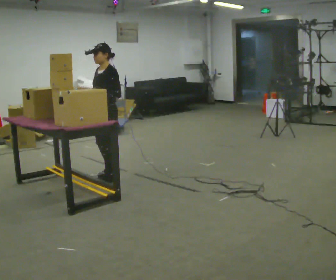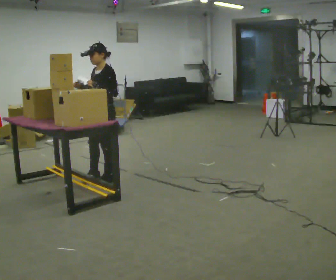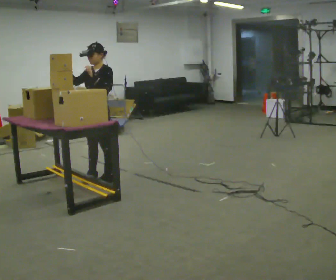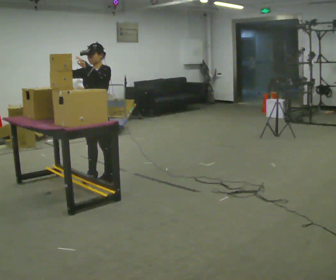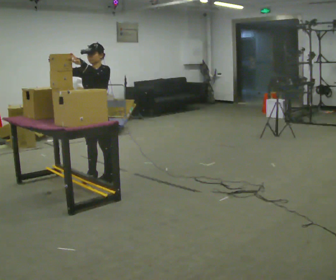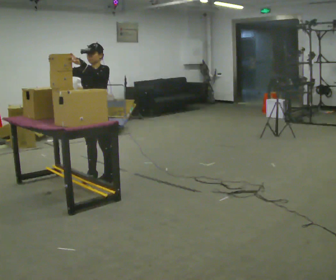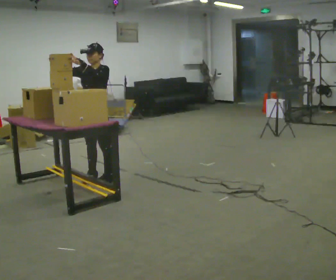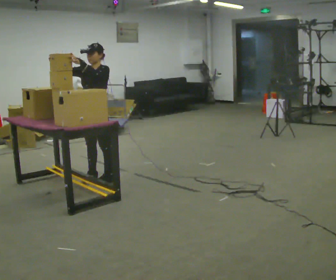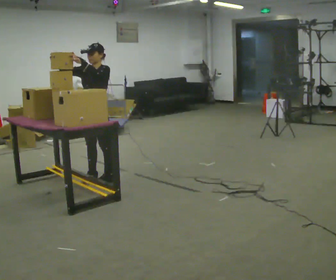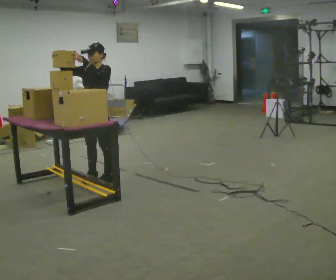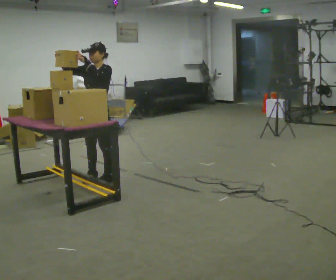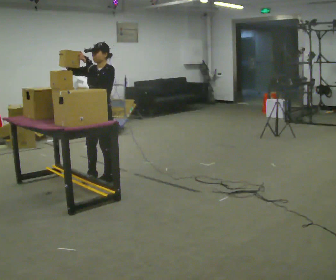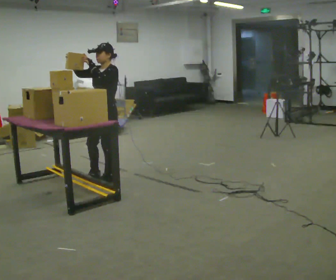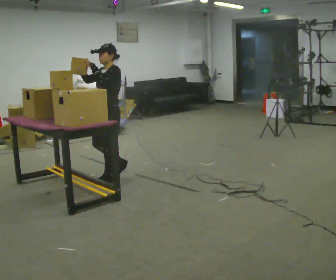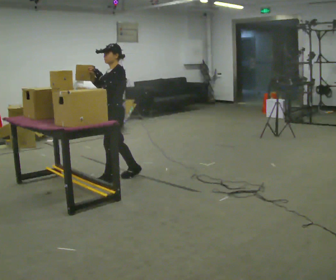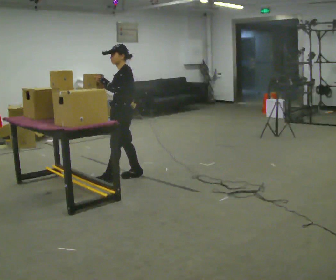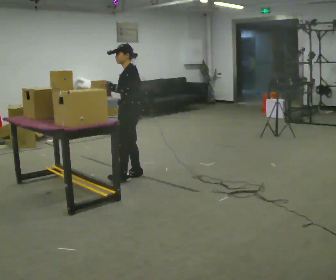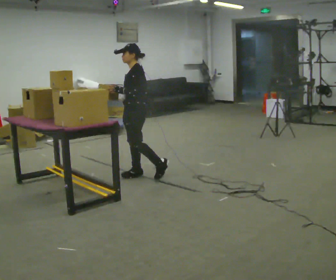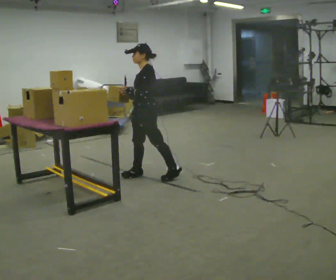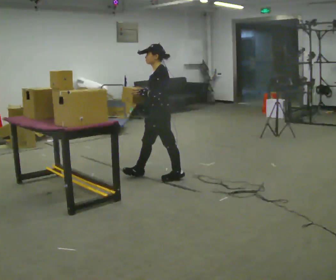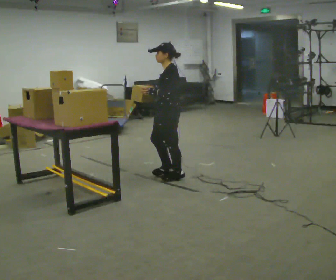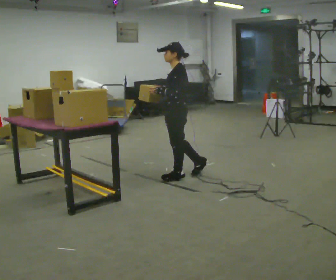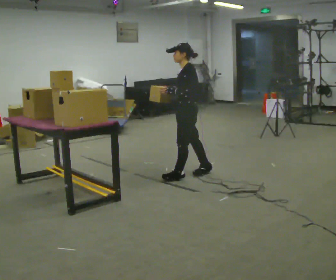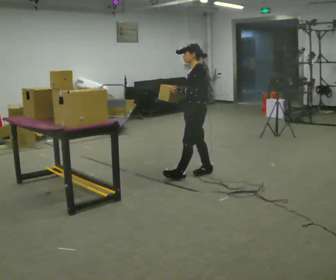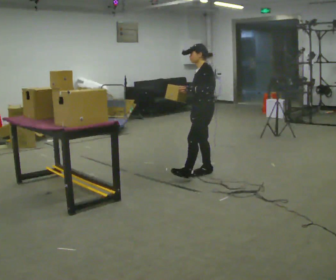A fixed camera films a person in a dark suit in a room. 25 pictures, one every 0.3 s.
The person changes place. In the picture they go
to the right.
0.0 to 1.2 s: In the picture they go to the left, about 0.25 m in 1 step, which for them is forward. In the picture their right hand goes upward and to the left.
1.2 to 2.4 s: The person keeps their place and pose.
2.4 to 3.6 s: The person moves a little, or ends about where they began.
3.6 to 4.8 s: Seen from above the body turns clockwise, about 30 degrees: to their right, with its near side sliding to the left. In the picture they go to the right, about 0.25 m in 1 step, which for them is backward.
4.8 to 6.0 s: In the picture they go to the right and toward the camera, about 0.5 m in 1 step, which for them is backward and to their left.
6.0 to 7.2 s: In the picture they go to the right, about 0.5 m in 1 step, which for them is backward.
The film runs backward here.
